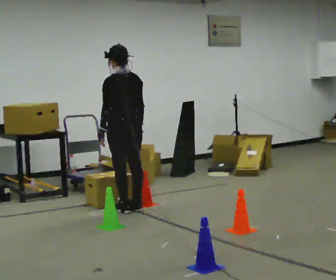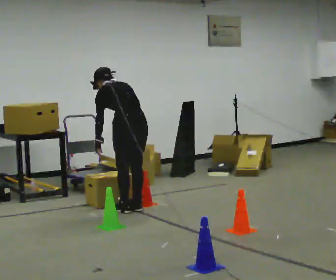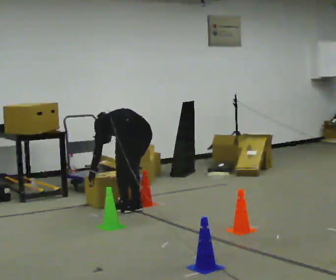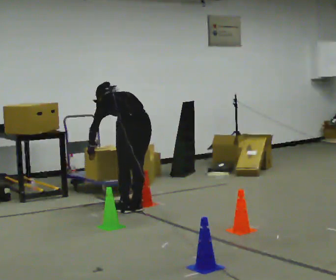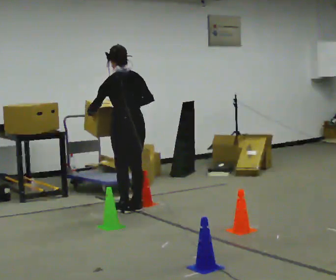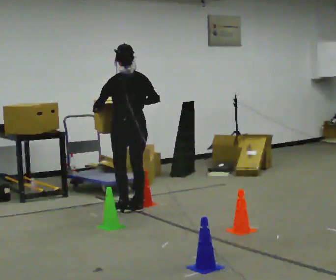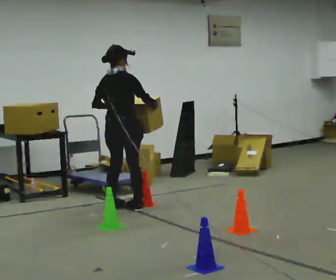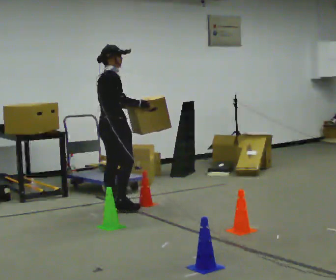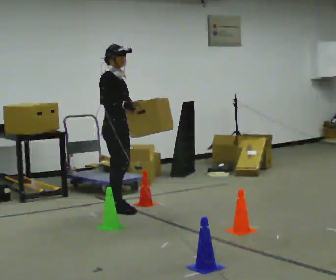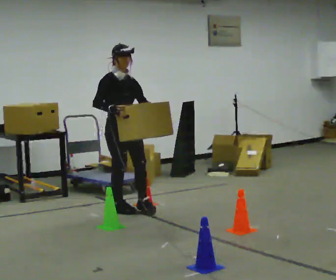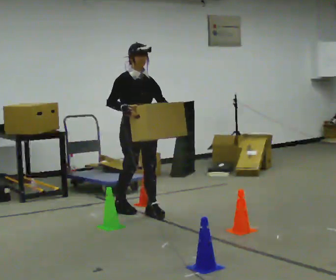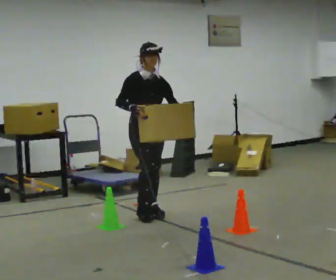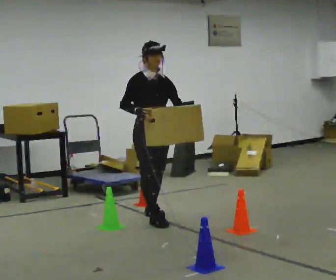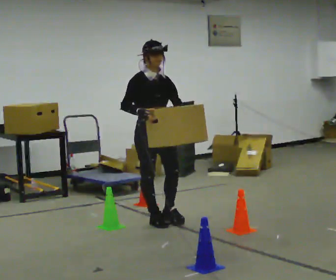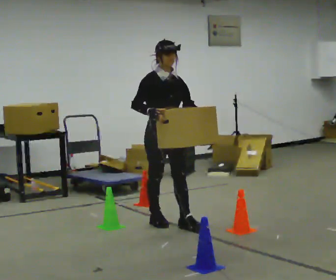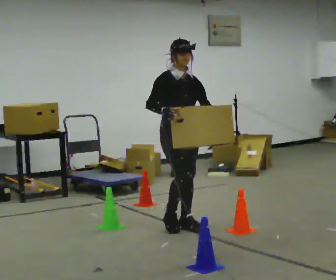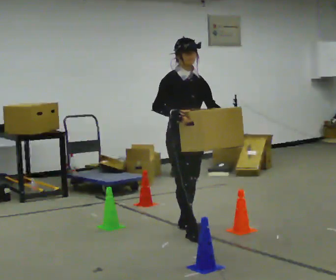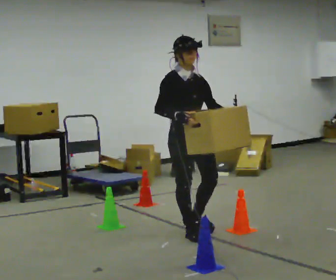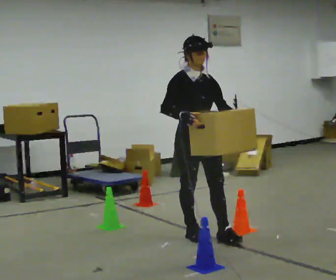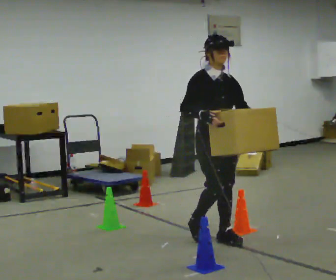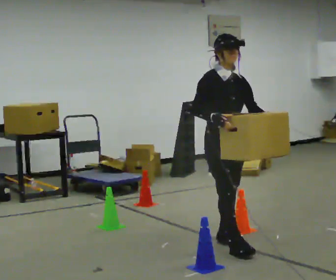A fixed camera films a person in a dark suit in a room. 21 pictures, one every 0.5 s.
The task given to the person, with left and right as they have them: Carry the box through the gap between the panels without touching either side, then set it down and bring it back. Keep going until the operator says stop; one object at a time, and do not rush between trips.
0.0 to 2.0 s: The person moves a little, or ends about where they began.
2.0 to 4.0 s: The person turns about 135 degrees to their right, clockwise seen from above, so the part of the body nearest the lens slides to the left.
4.0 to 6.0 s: The part of the body nearest the lens slides to the left as the person turns to their right by about 45 degrees. In the picture they go toward the camera and to the right, about 0.5 m in 2 steps, which for them is forward.
6.0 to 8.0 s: In the picture they go toward the camera and to the right, about 0.5 m in 2 steps, which for them is forward.
8.0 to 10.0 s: In the picture they go toward the camera and to the right, about 0.5 m in 2 steps, which for them is forward.
The film runs forward here.
